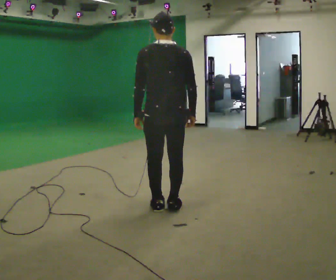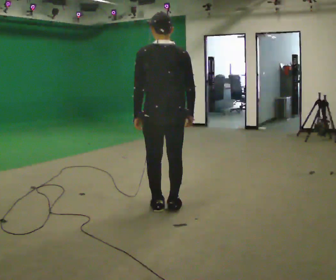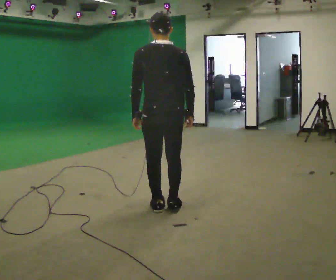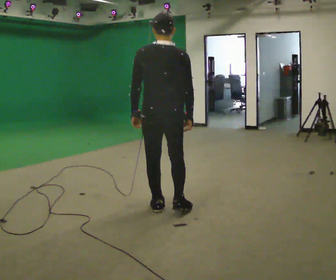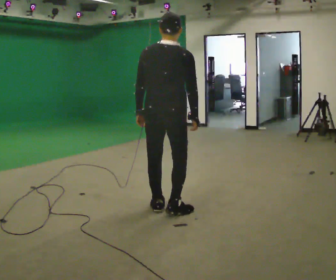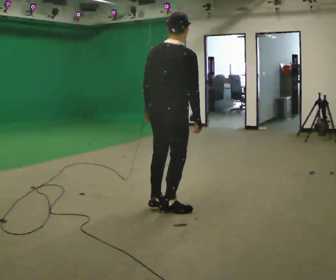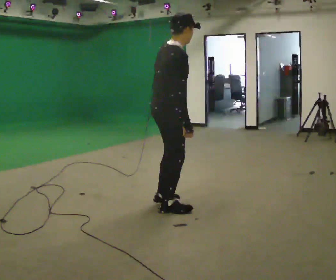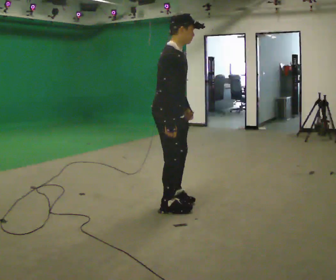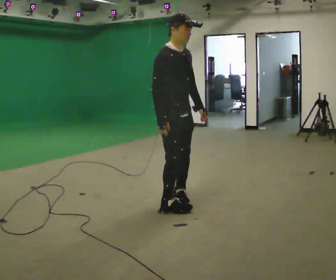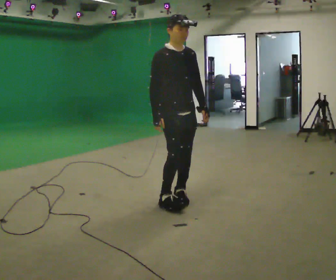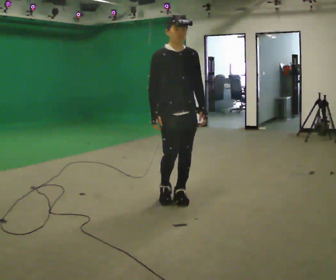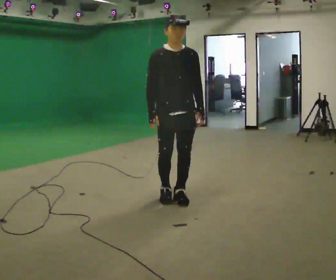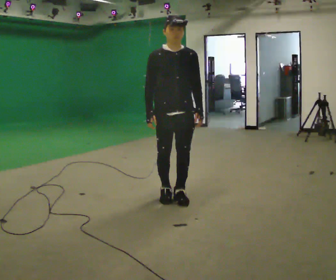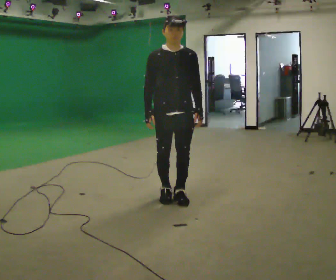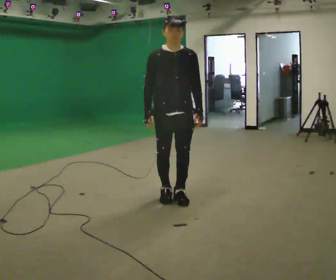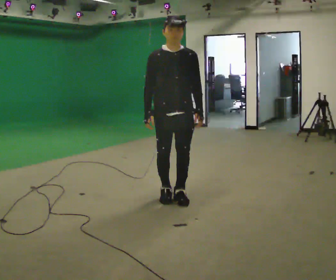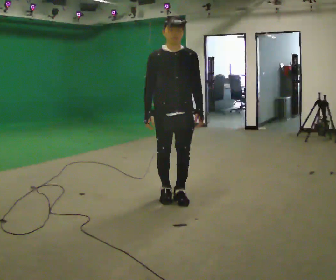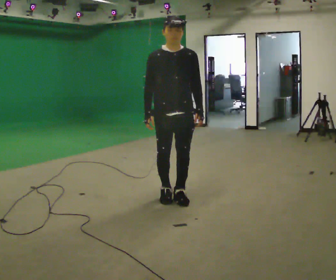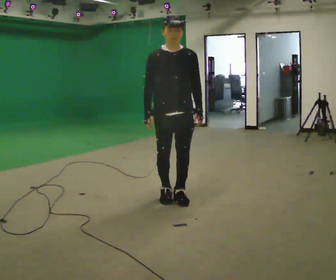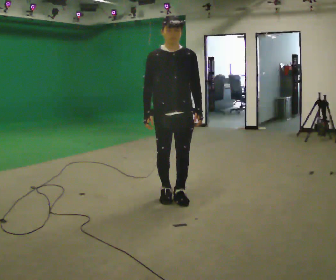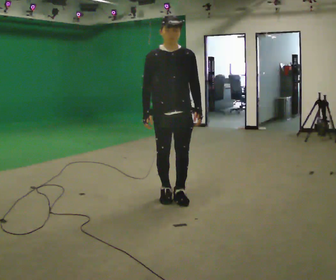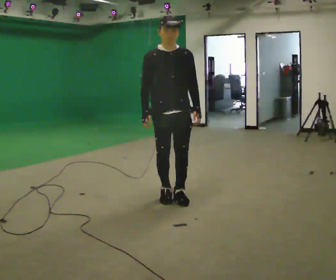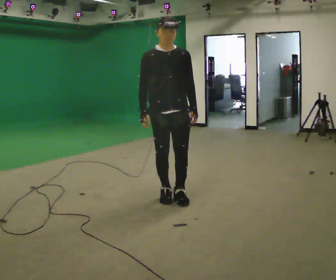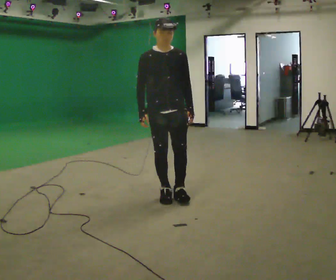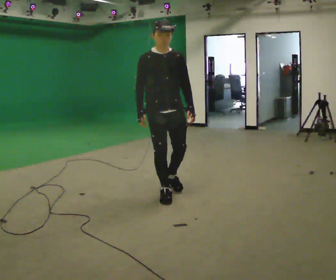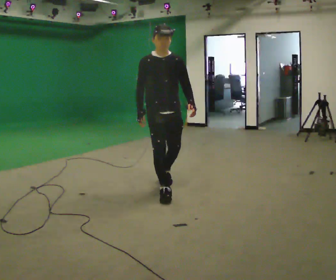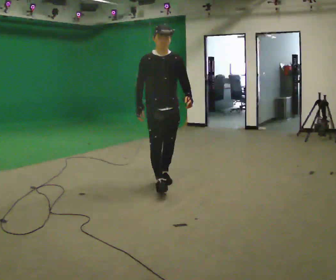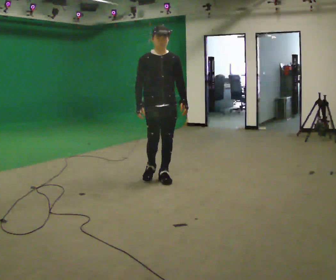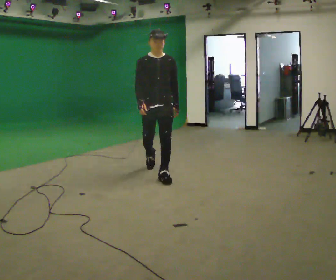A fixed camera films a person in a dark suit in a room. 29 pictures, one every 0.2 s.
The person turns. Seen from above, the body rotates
clockwise.
The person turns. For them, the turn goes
to their right.
0.0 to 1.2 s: The part of the body nearest the lens slides to the left as the person turns to their right by about 75 degrees.
1.2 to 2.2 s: The part of the body nearest the lens slides to the left as the person turns to their right by about 105 degrees. In the picture they go away from the camera, about 0.25 m in 1 step.
2.2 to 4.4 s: The person moves a little, or ends about where they began.
4.4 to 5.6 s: In the picture they go away from the camera, about 1 m in 2 steps, which for them is backward.
The film runs backward here.
